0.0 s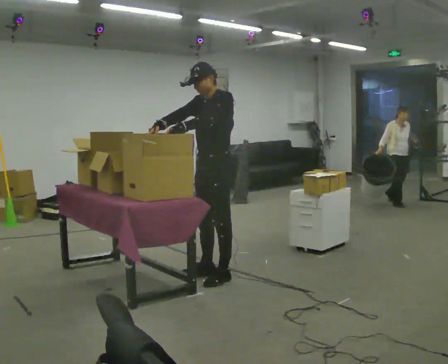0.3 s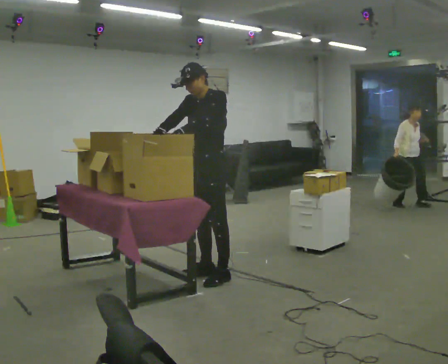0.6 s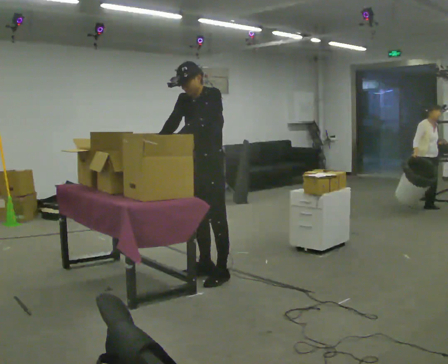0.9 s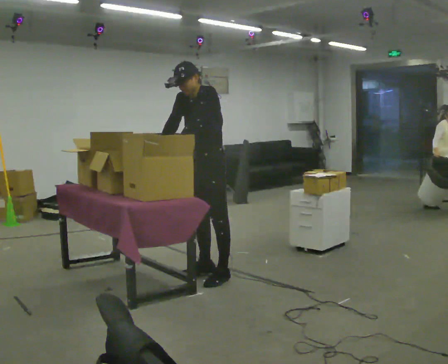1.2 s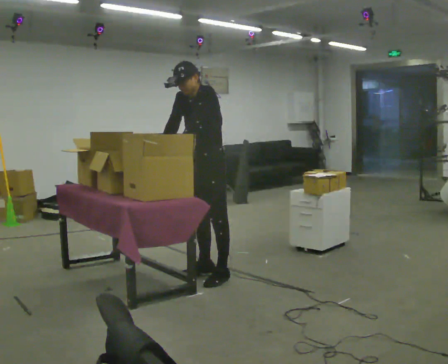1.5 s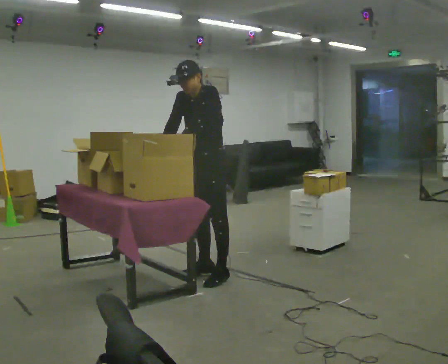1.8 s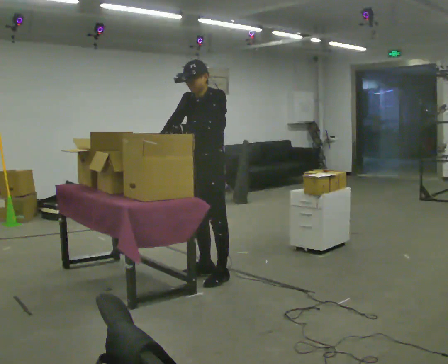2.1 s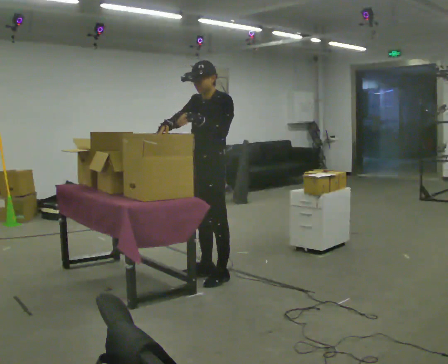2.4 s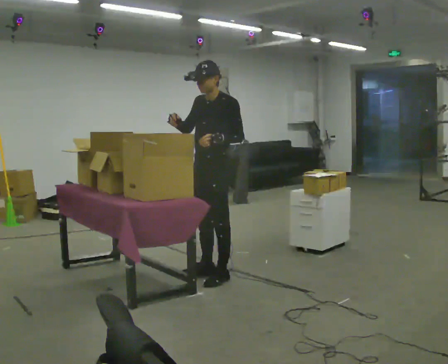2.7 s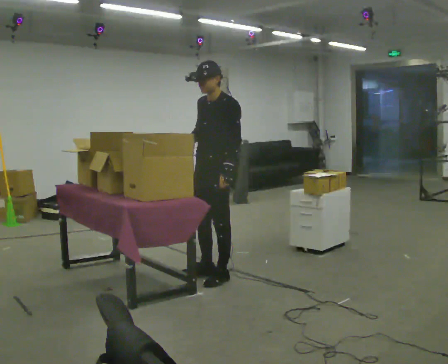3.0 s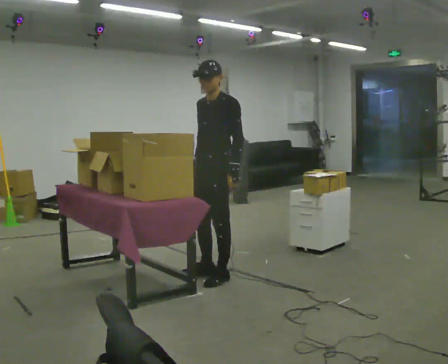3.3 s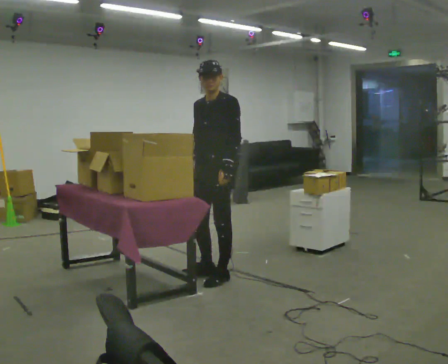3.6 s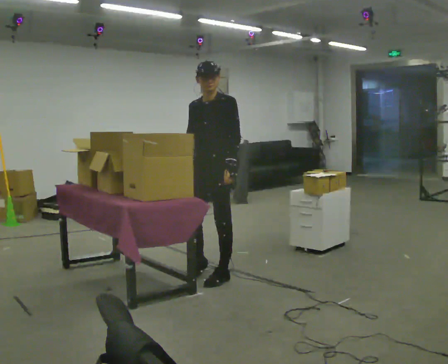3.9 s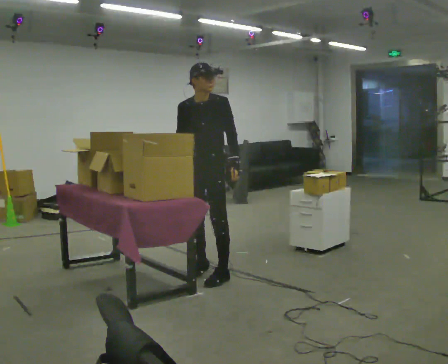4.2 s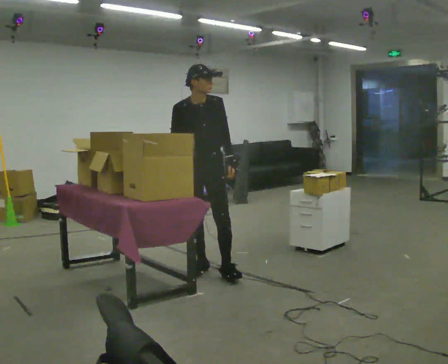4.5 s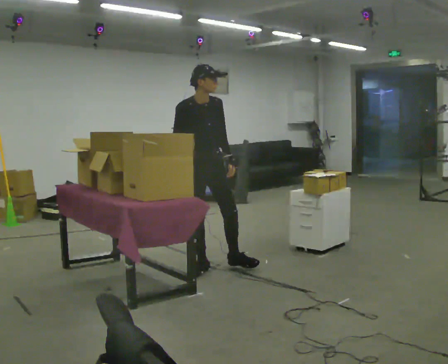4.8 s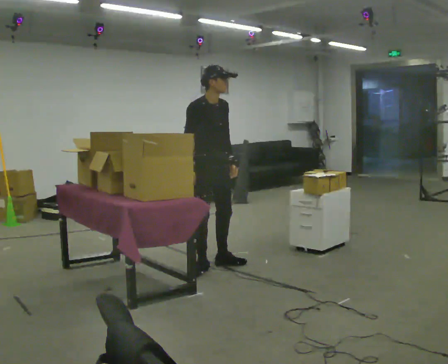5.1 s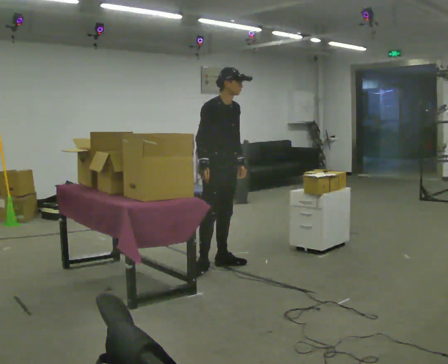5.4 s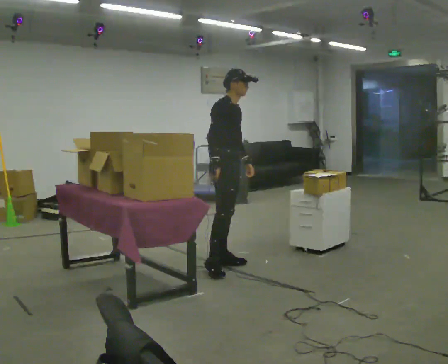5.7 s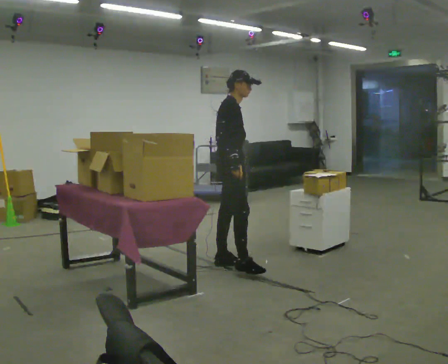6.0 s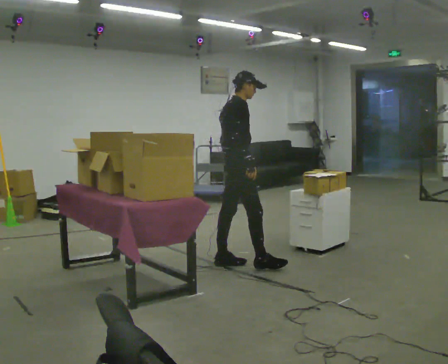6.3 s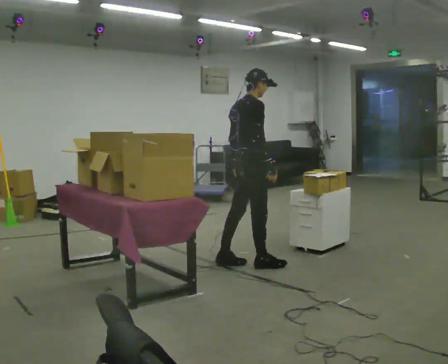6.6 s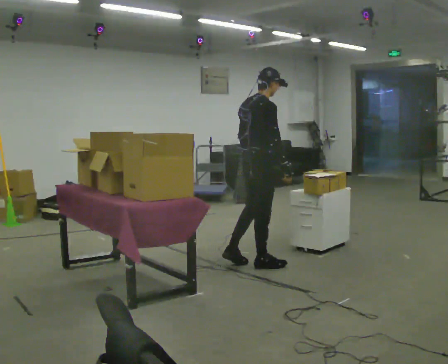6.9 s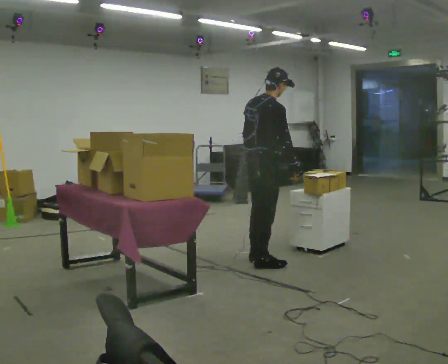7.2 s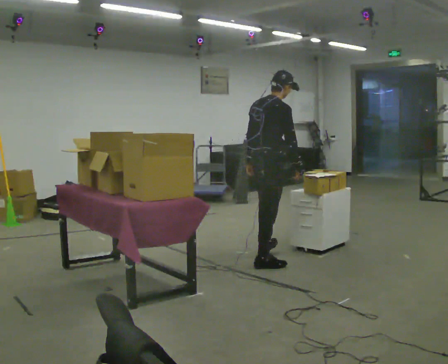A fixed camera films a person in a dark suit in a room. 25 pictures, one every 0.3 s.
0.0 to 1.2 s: The person moves a little, or ends about where they began.
1.2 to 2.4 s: In the picture the upper body tilts clockwise, shoulders to the right, as they lean back or straighten.
2.4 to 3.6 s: In the picture their right hand goes downward.
3.6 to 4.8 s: Seen from above the body turns counterclockwise, about 75 degrees: to their left, with its near side sliding to the right. In the picture they go away from the camera, about 0.25 m in 1 step.
4.8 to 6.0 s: The part of the body nearest the lens slides to the right as the person turns to their left by about 60 degrees. In the picture they go to the right, about 0.25 m, which for them is to their left and forward.
6.0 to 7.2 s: The person turns about 30 degrees to their left, counterclockwise seen from above, so the part of the body nearest the lens slides to the right. In the picture they go to the right, about 0.25 m in 2 steps, which for them is forward and to their right.
The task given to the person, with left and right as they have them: 1. Read the list the operator gives you. 2. Collect the six items on the list from the shelves. 3. Put them all in the bin on the table. 4. Tell the operator when you are finished.
The film runs forward here.
